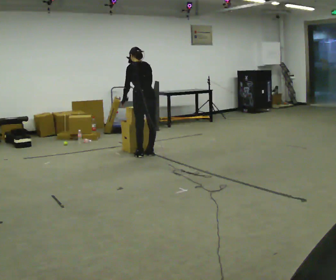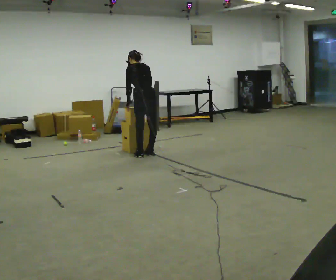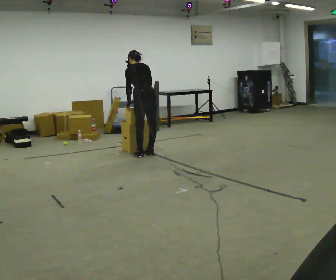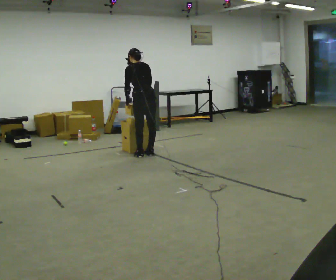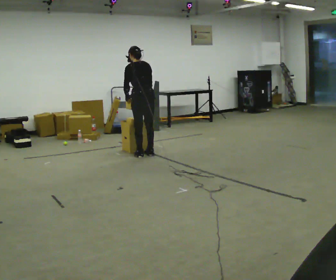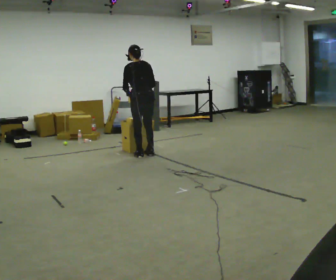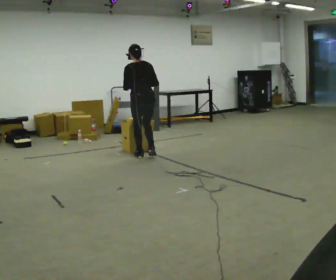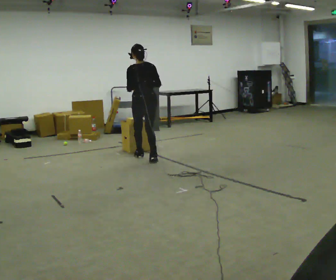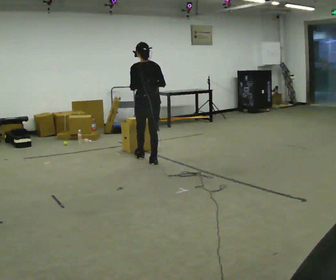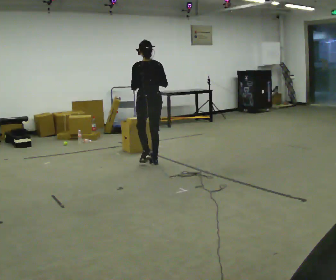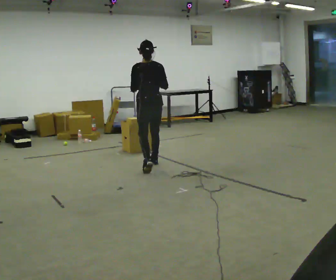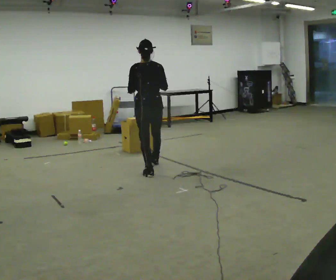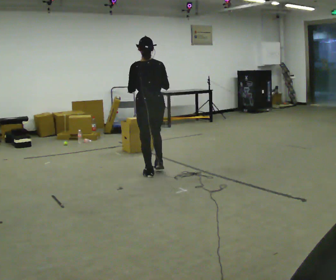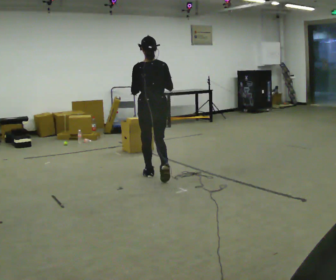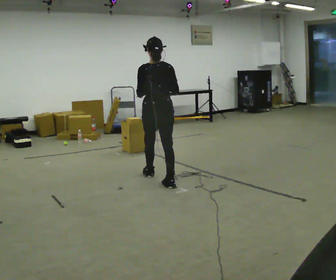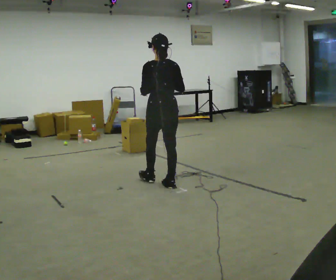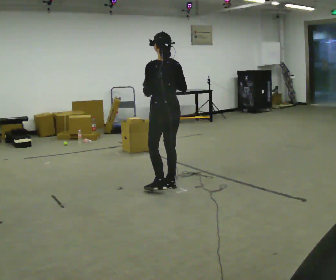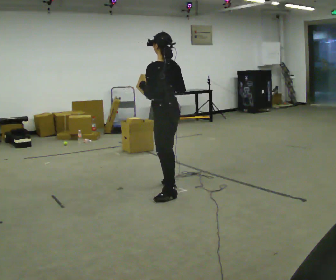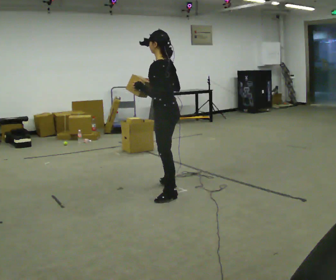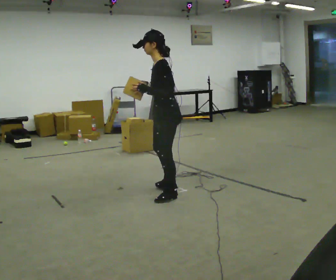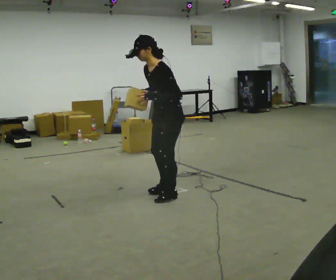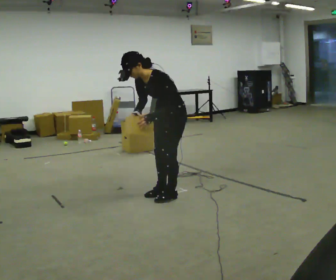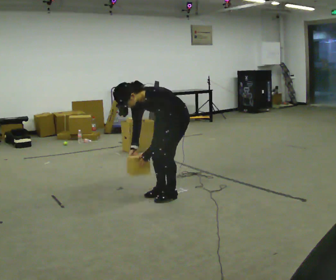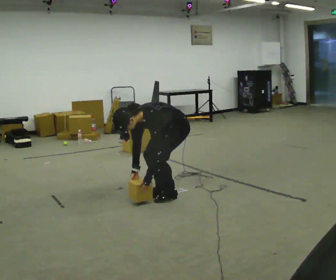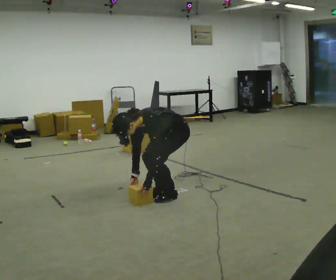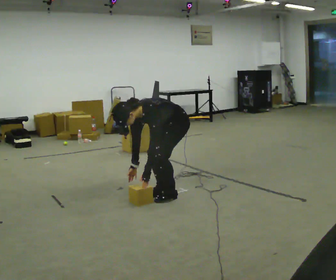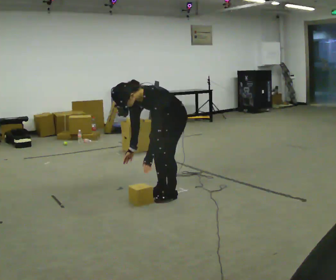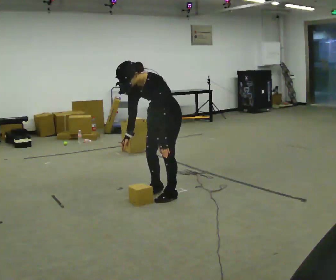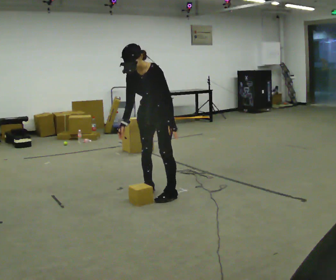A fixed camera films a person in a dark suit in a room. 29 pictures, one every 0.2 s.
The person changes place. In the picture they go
toward the camera.
0.0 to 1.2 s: In the picture they go toward the camera, about 0.25 m in 1 step, which for them is backward.
1.2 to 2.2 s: In the picture they go toward the camera, about 0.75 m in 2 steps, which for them is backward.
2.2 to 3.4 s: The part of the body nearest the lens slides to the right as the person turns to their left by about 45 degrees. In the picture they go toward the camera, about 1 m in 1 step, which for them is backward.
3.4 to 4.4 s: Seen from above the body turns counterclockwise, about 75 degrees: to their left, with its near side sliding to the right. The upper body goes downward. In the picture the upper body tilts counterclockwise, shoulders to the left, as they bend forward. In the picture their left hand goes downward.
4.4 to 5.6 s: In the picture they go to the left, about 0.25 m in 1 step, which for them is to their right.
The film runs backward here.
